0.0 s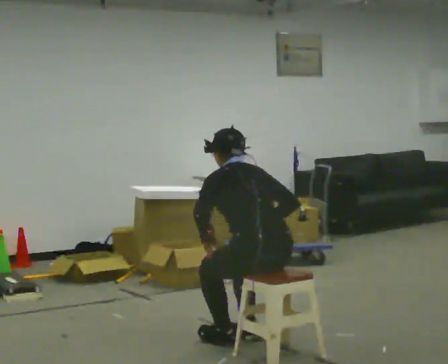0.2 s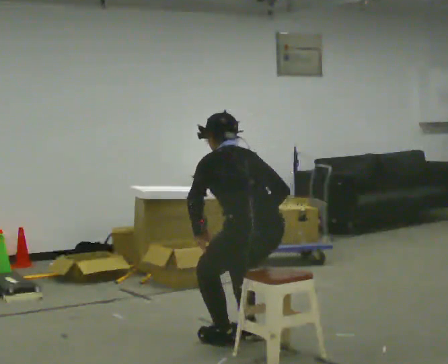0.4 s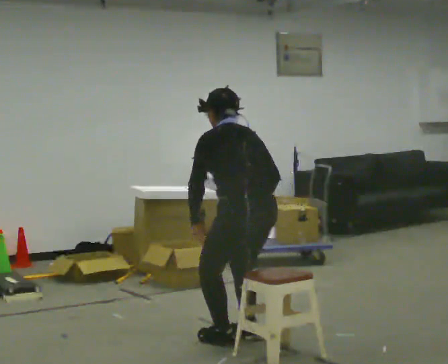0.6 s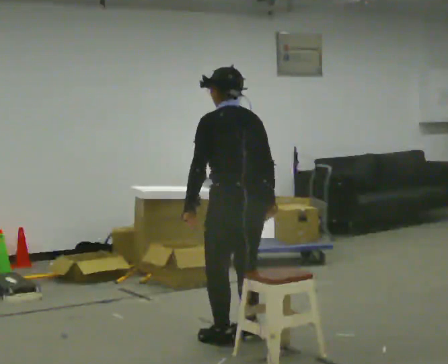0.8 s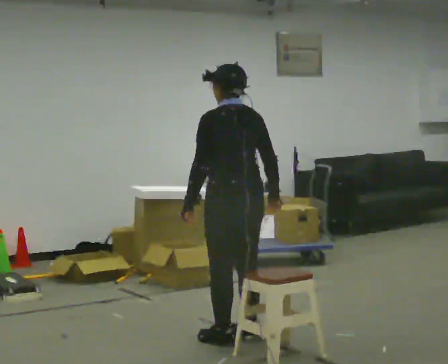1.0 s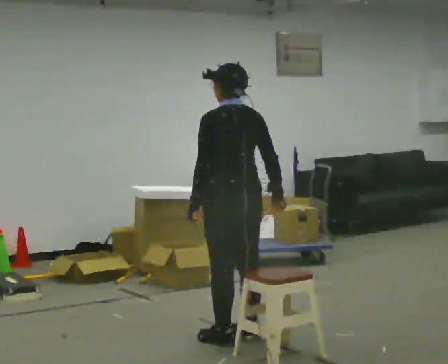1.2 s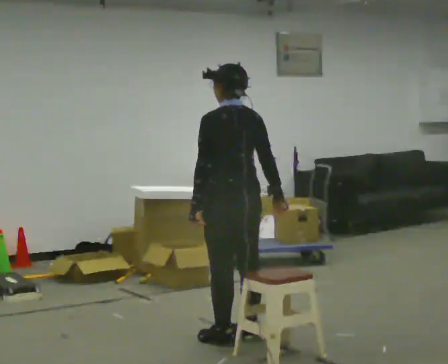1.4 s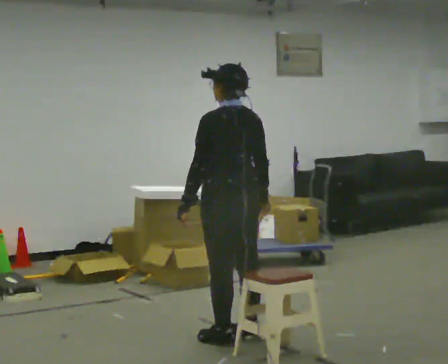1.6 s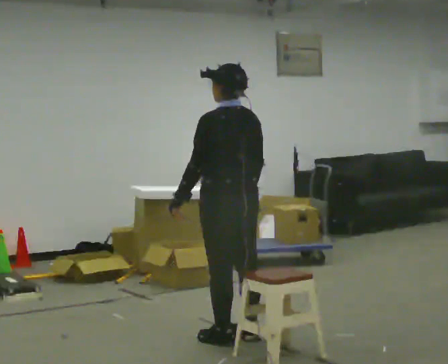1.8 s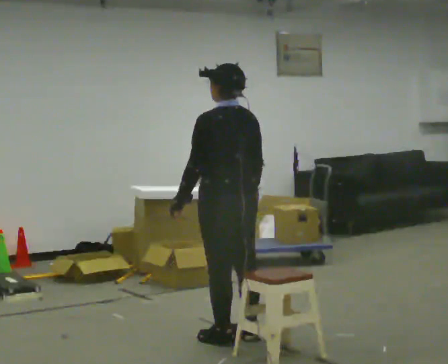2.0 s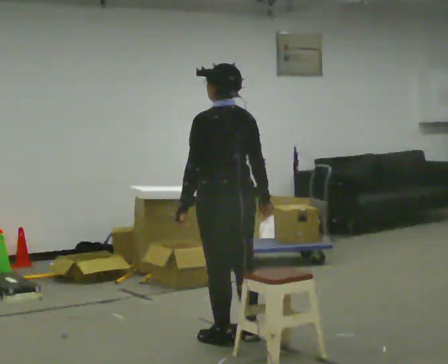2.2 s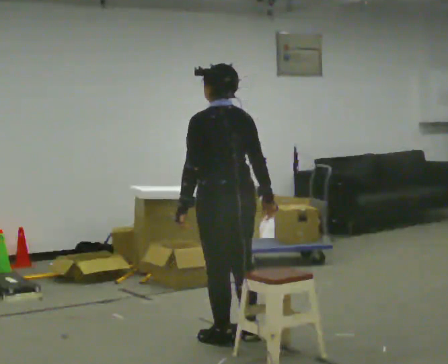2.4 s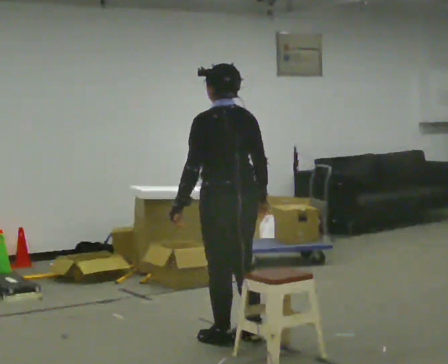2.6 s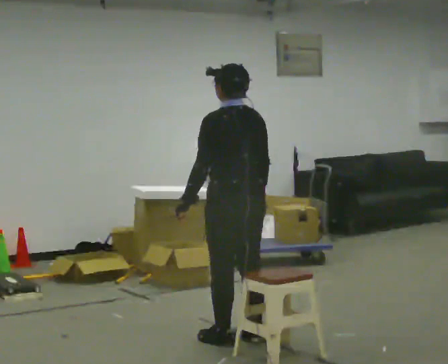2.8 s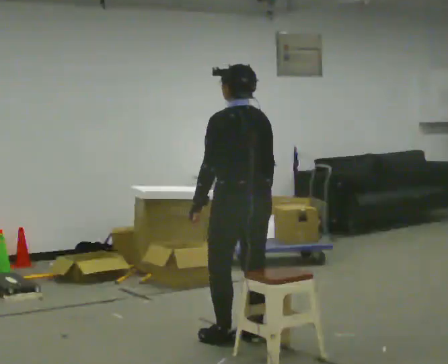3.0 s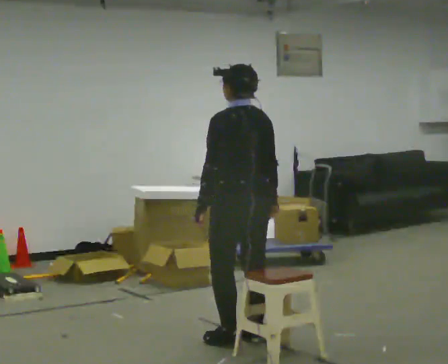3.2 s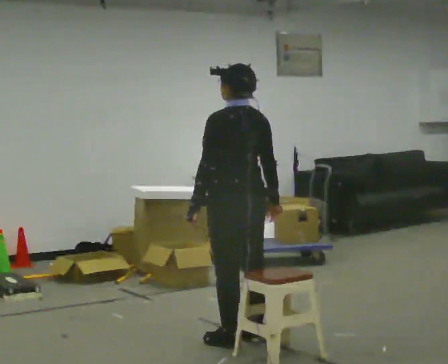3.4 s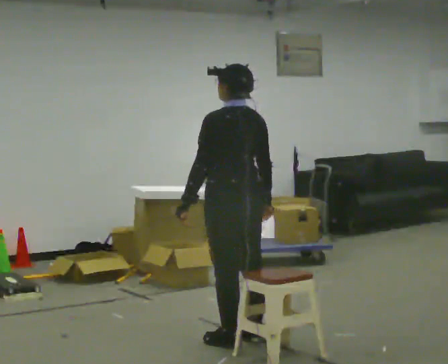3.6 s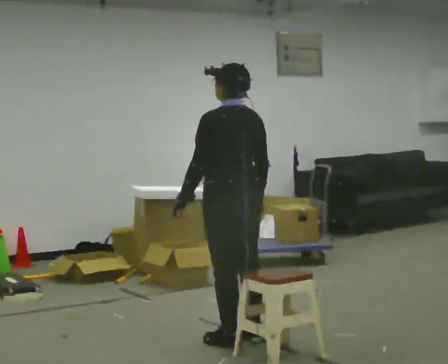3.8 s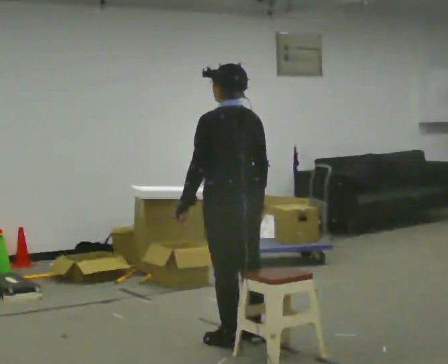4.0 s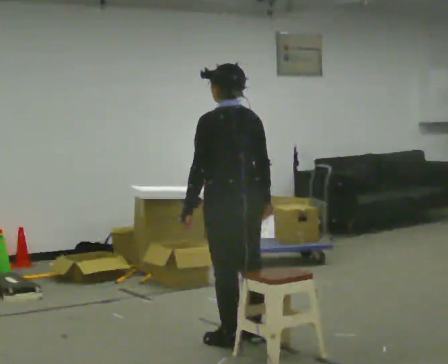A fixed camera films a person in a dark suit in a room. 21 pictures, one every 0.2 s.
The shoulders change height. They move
upward.
0.0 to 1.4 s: In the picture they go away from the camera and to the left, about 0.25 m, which for them is forward. The upper body goes upward. The upper body tips toward the camera, its near side rolling downward, as they lean back or straighten.
1.4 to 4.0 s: The person moves a little, or ends about where they began.
The film runs forward here.
